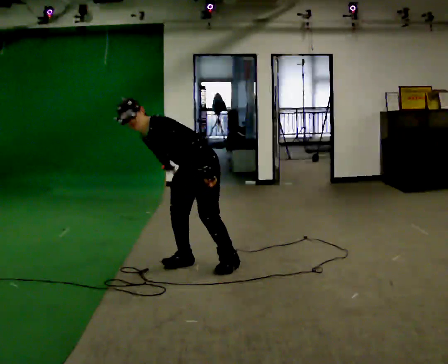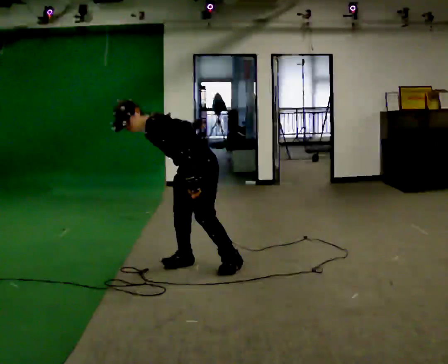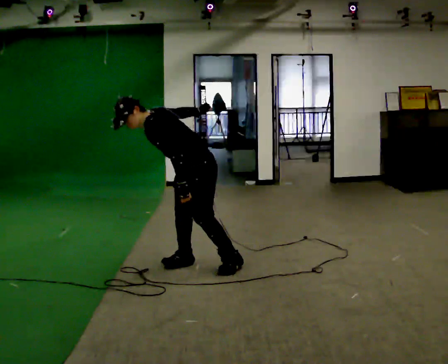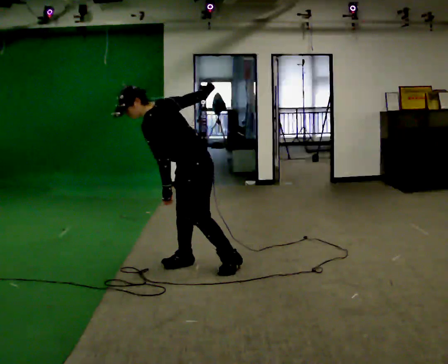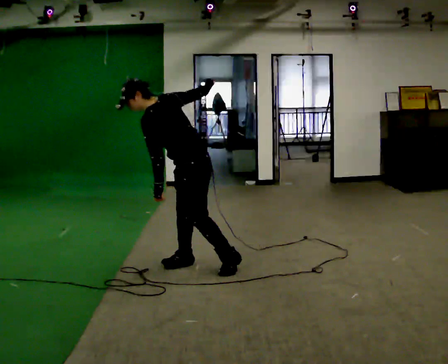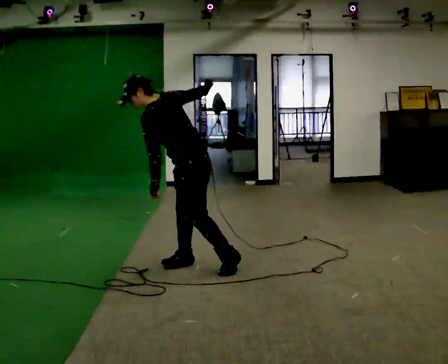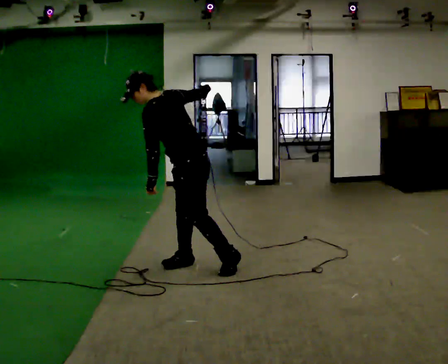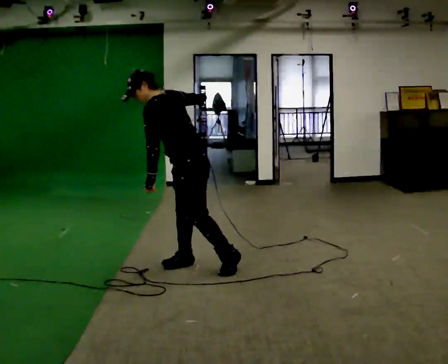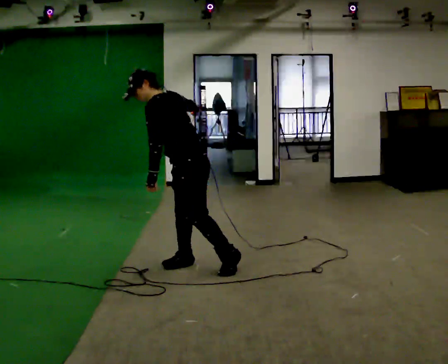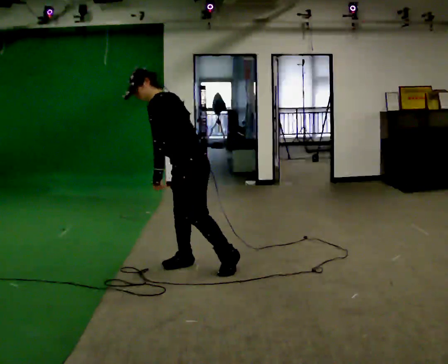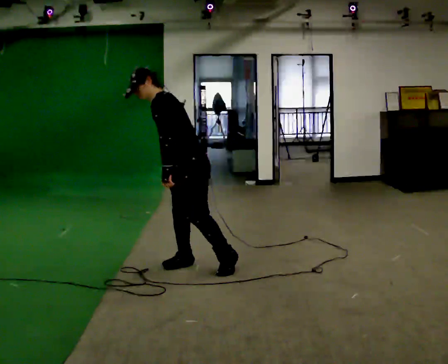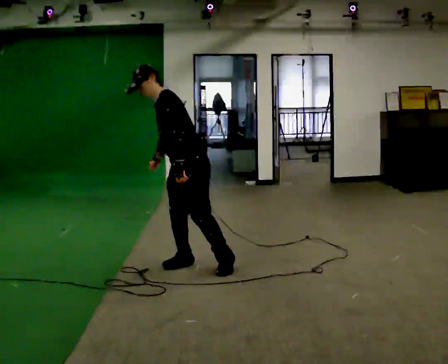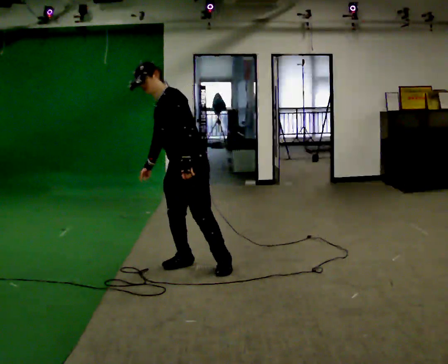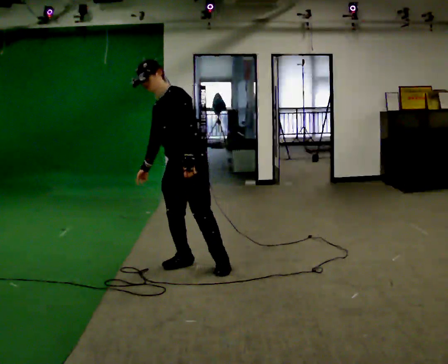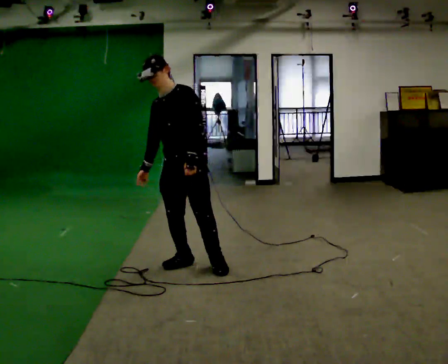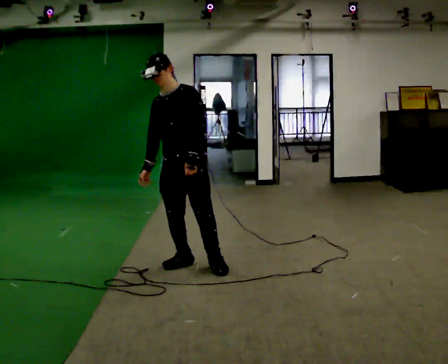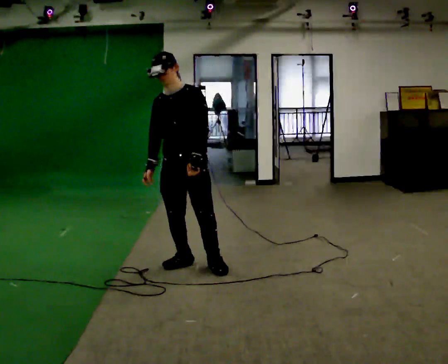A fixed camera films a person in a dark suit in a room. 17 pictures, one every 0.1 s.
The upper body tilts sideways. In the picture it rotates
clockwise.
The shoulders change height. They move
upward.
0.0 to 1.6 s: Seen from above the body turns counterclockwise, about 30 degrees: to their left, with its near side sliding to the right. In the picture they go toward the camera, about 0.25 m. The upper body goes upward. In the picture the upper body tilts clockwise, shoulders to the right, as they lean back or straighten.
The film runs backward here.
